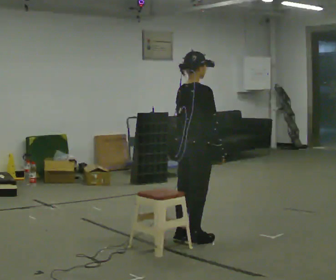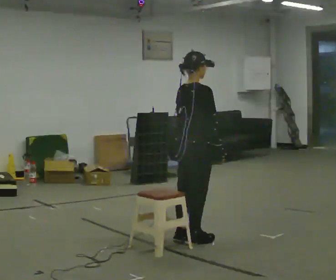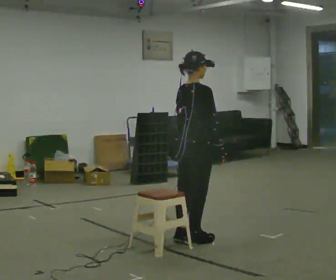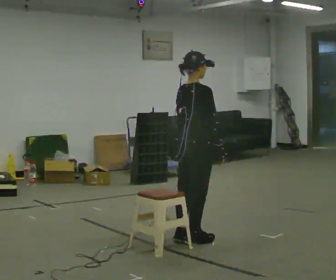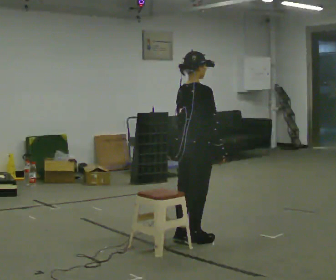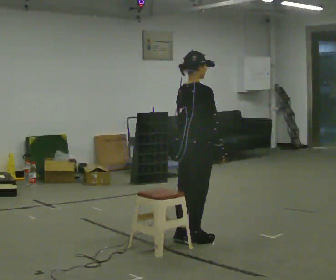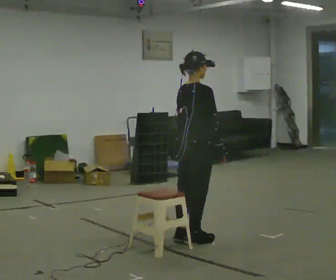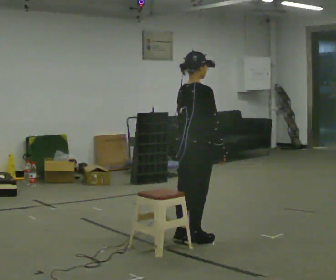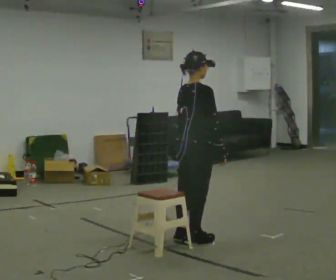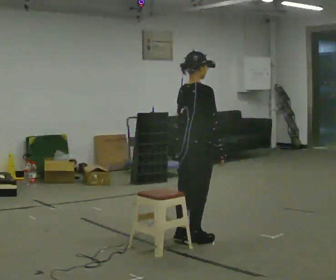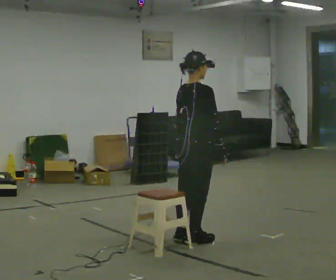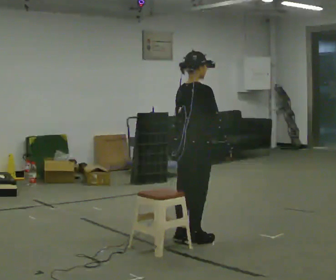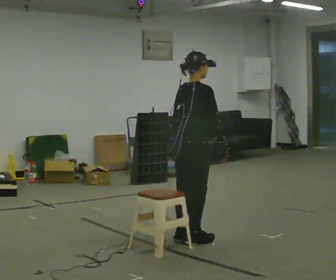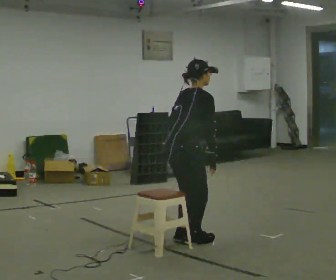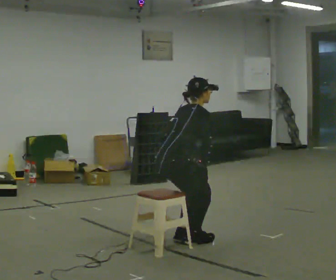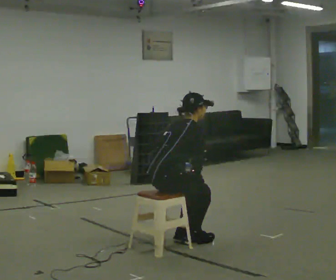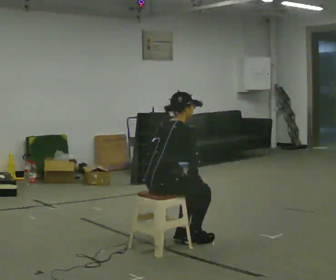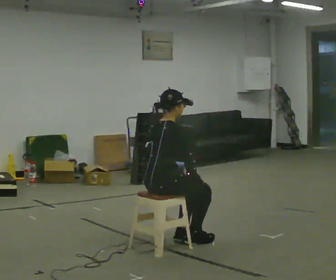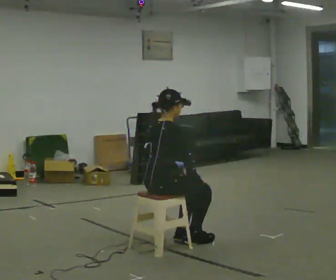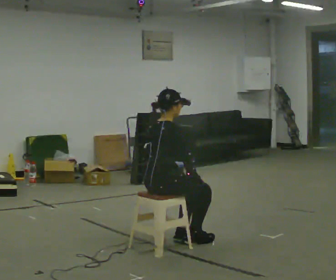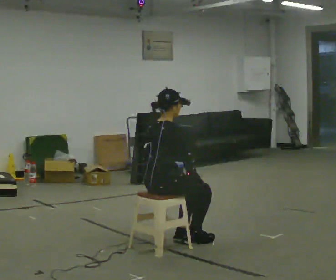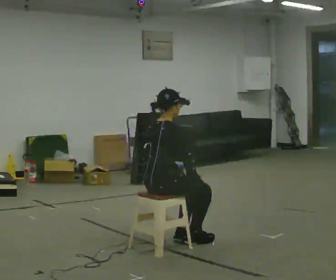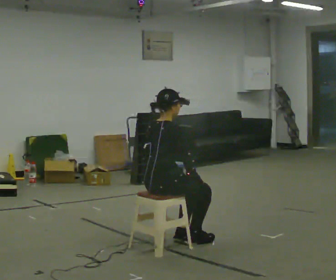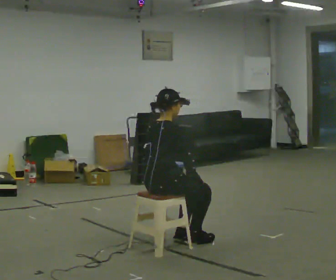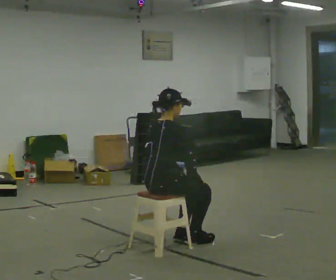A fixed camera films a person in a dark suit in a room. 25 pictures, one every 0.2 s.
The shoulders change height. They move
downward.
0.0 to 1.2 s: The person keeps their place and pose.
1.2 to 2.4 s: The person moves a little, or ends about where they began.
2.4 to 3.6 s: In the picture they go to the left and toward the camera, about 0.25 m, which for them is backward. The shoulders move downward.
3.6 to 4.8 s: The person keeps their place and pose.
The film runs backward here.
